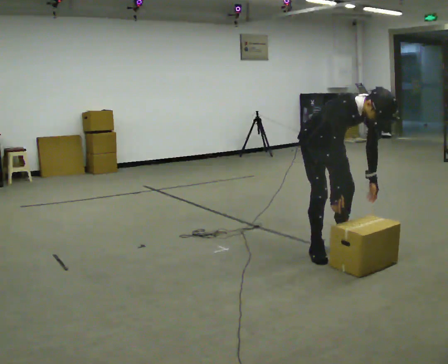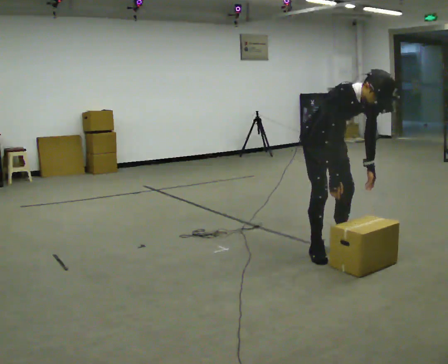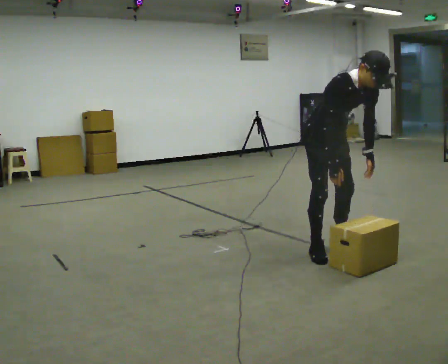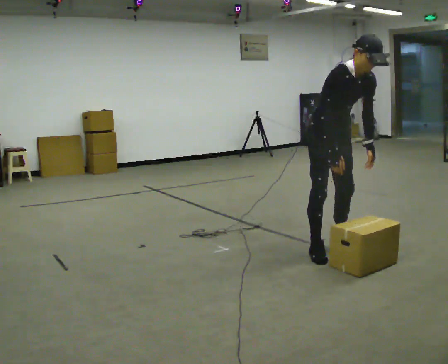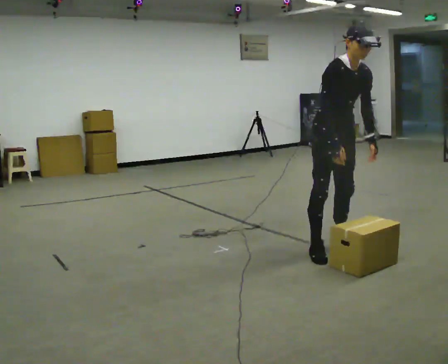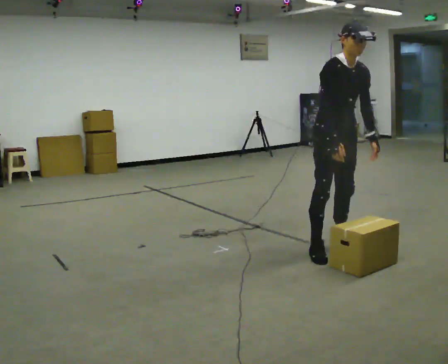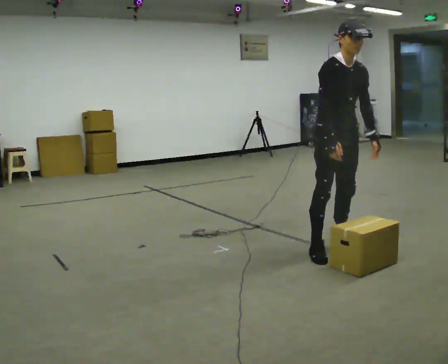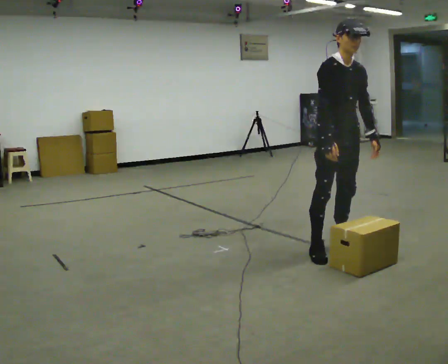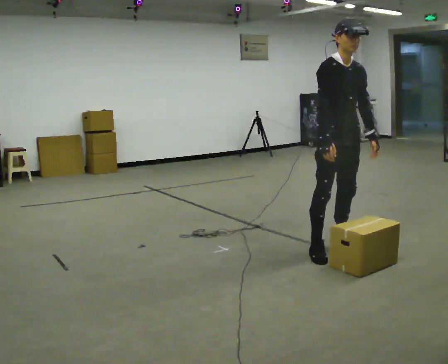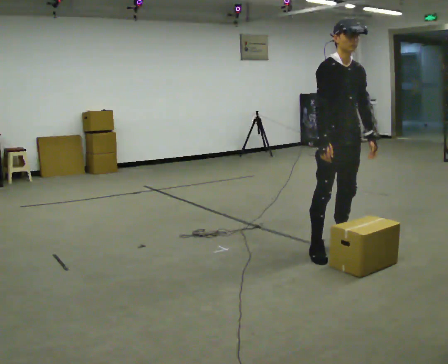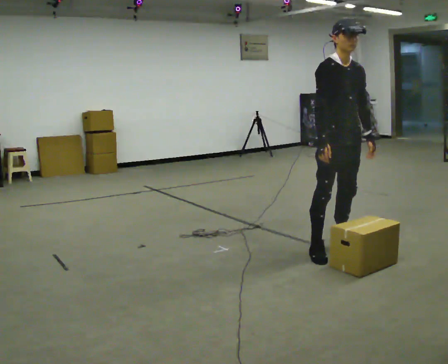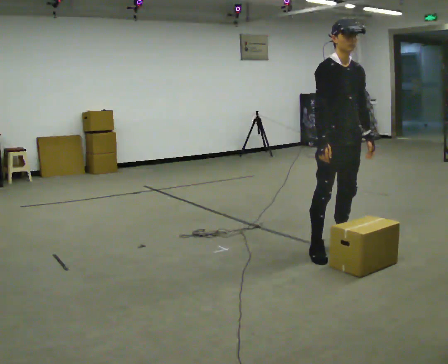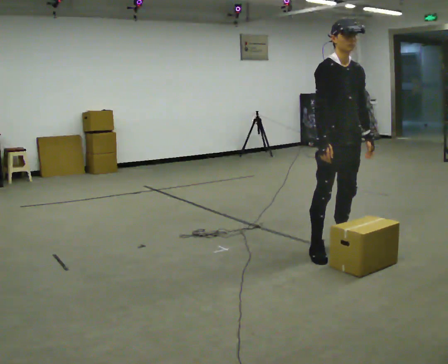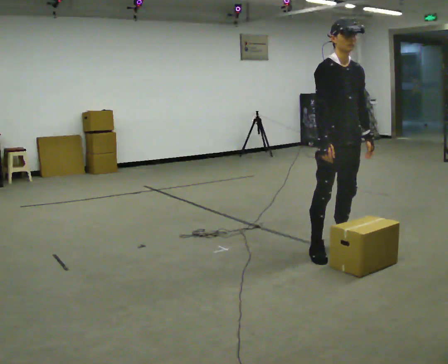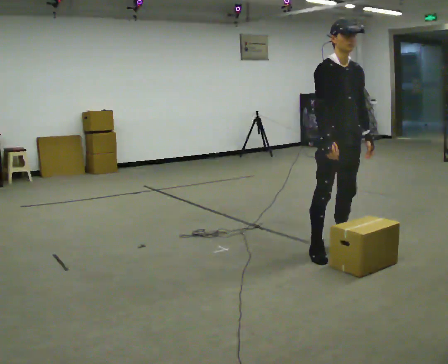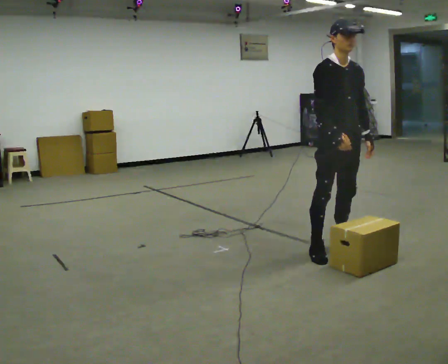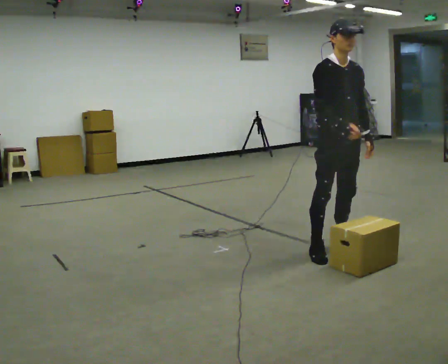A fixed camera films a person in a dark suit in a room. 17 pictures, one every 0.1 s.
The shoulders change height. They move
upward.
Their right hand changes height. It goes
upward.
0.0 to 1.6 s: The upper body goes upward. In the picture the upper body tilts counterclockwise, shoulders to the left, as they lean back or straighten. In the picture their right hand goes upward.
The film runs forward here.
